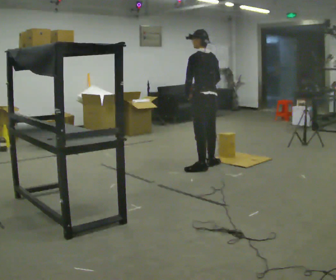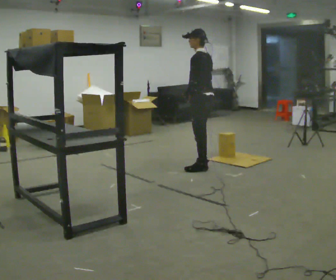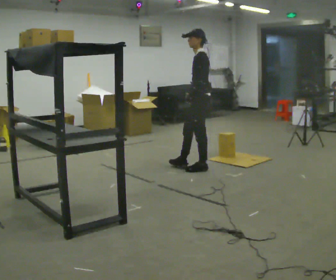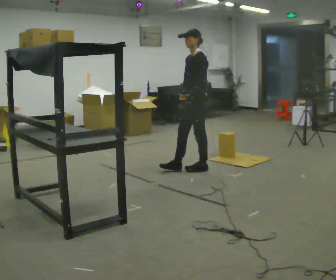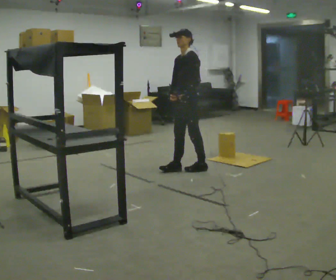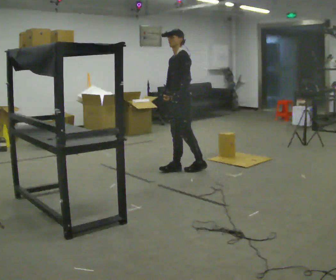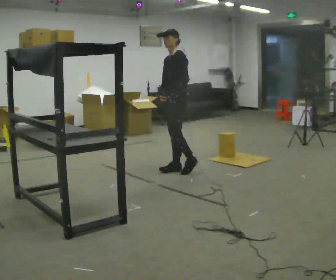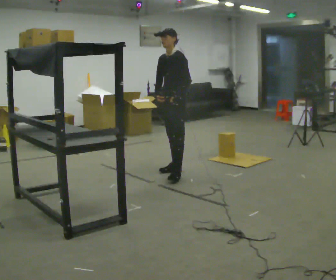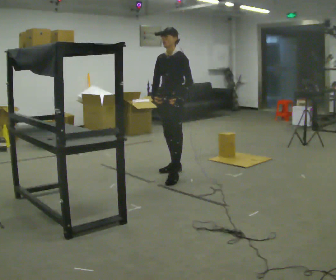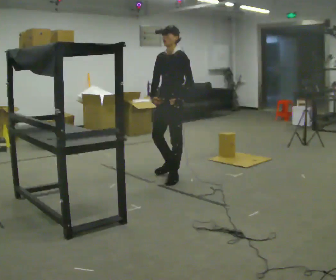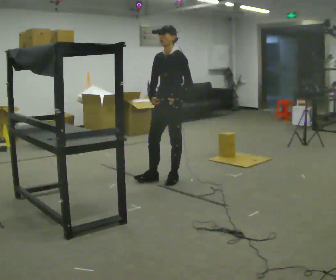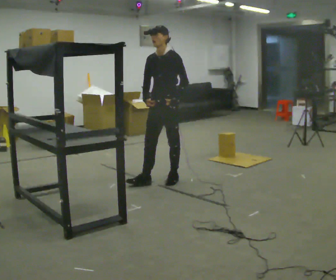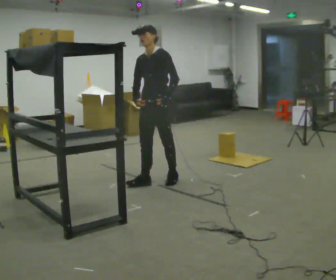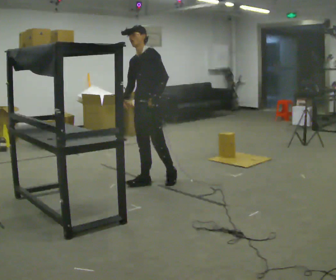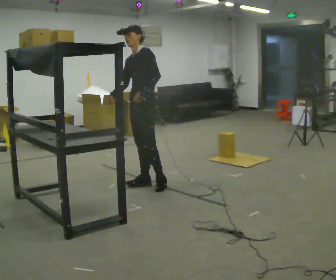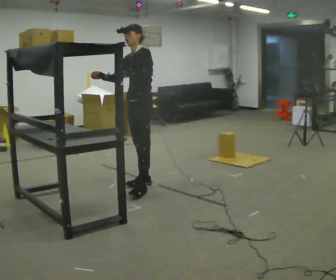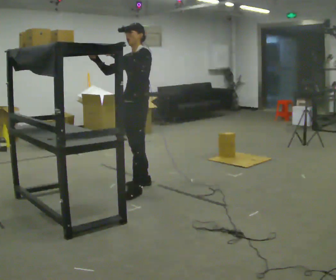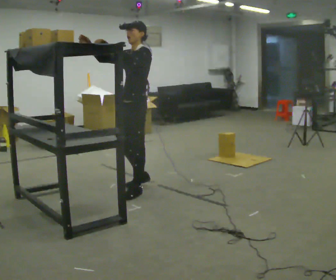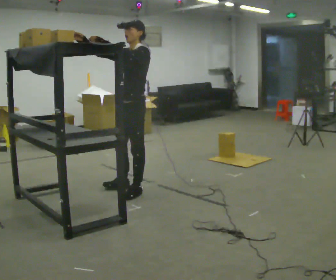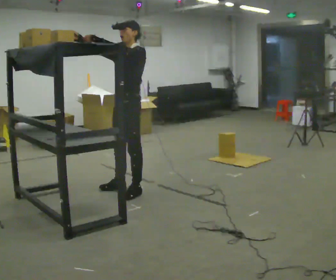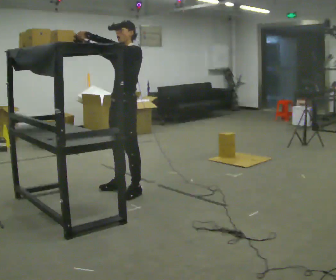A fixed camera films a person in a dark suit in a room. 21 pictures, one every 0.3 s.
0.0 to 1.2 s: The person turns about 75 degrees to their left, counterclockwise seen from above, so the part of the body nearest the lens slides to the right. In the picture they go to the left, about 0.25 m in 1 step. In the picture their right hand goes to the left.
1.2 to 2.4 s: In the picture they go toward the camera and to the left, about 0.25 m in 1 step, which for them is forward.
2.4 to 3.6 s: In the picture they go toward the camera and to the left, about 0.25 m in 1 step, which for them is forward.
3.6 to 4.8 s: In the picture they go toward the camera and to the left, about 0.25 m in 1 step, which for them is forward. In the picture their left hand goes upward.
4.8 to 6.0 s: The person moves a little, or ends about where they began.
The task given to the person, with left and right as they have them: 1. Bring the boxes over from the shelf one at a time. 2. Stack them on the pallet with the heaviest at the bottom. 3. Do not stack more than three high. 4. Tell the operator when you are finished.
The film runs forward here.
